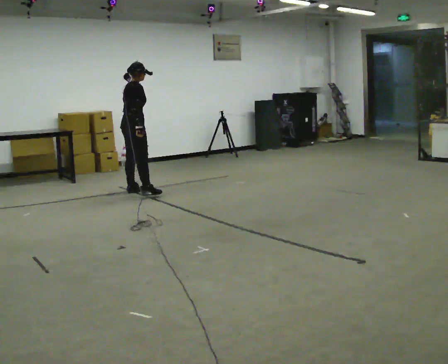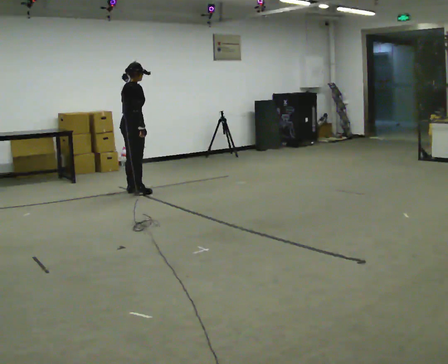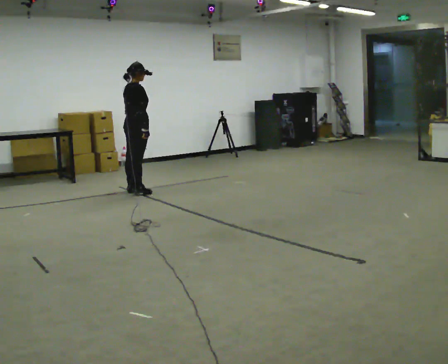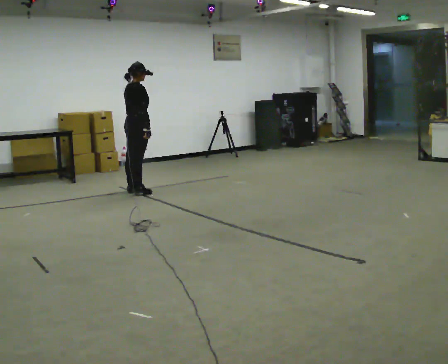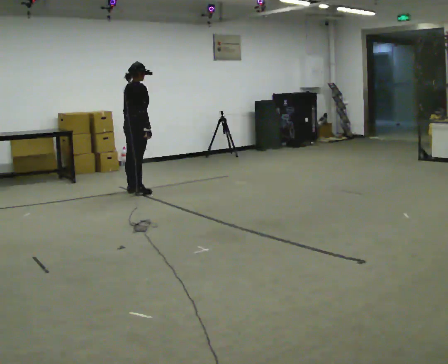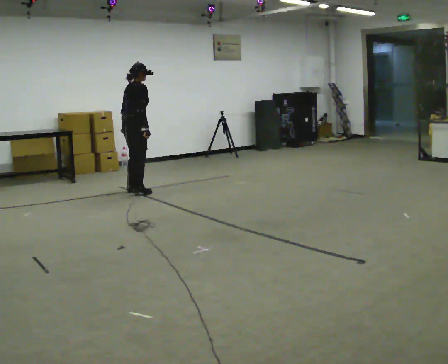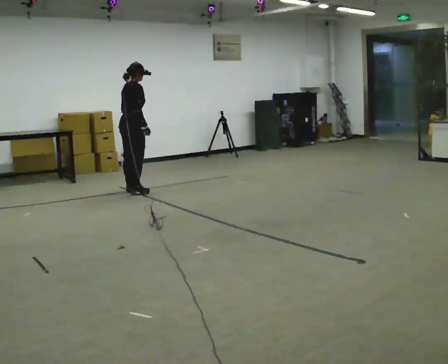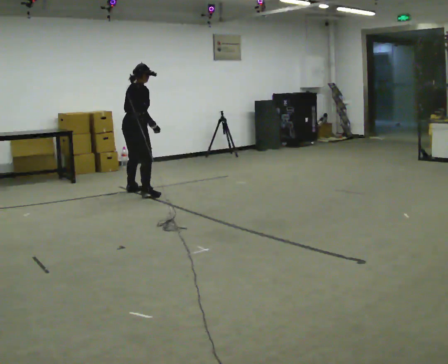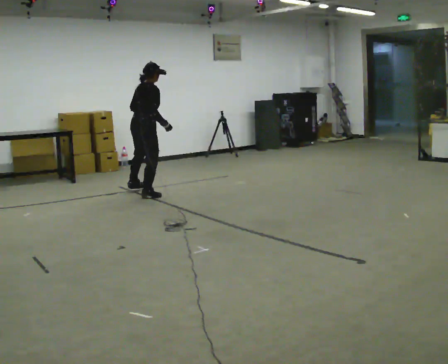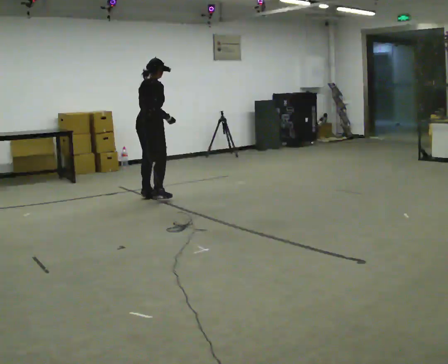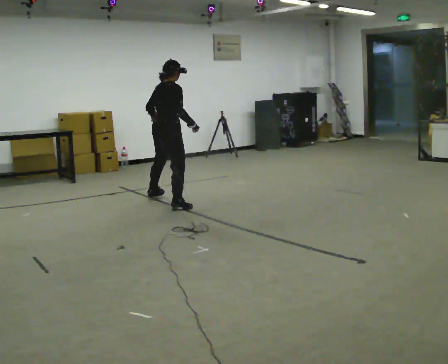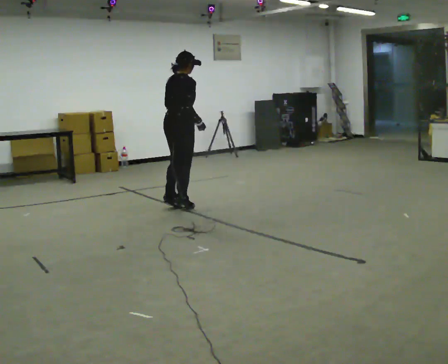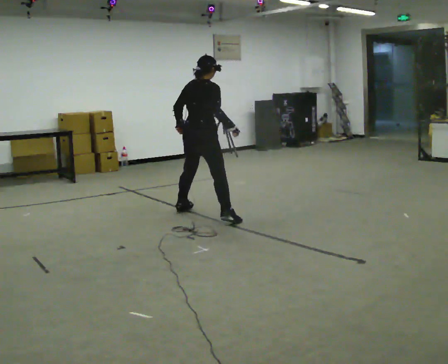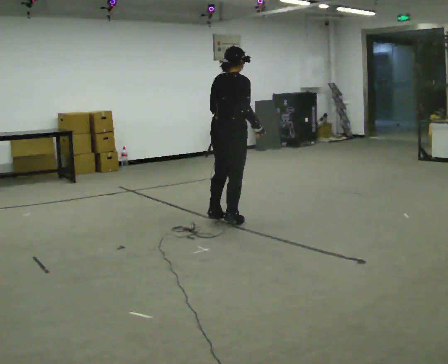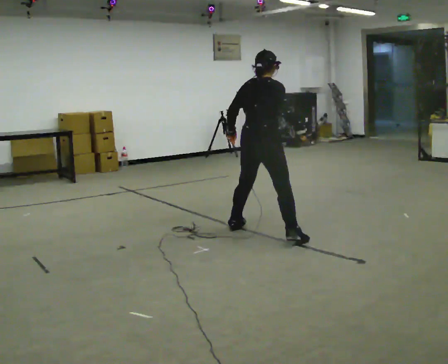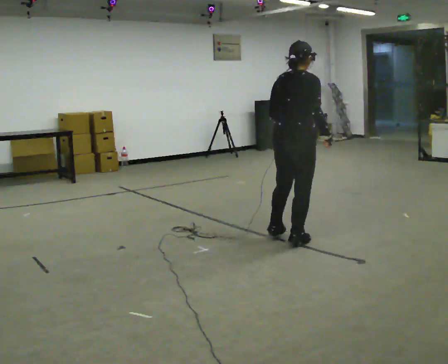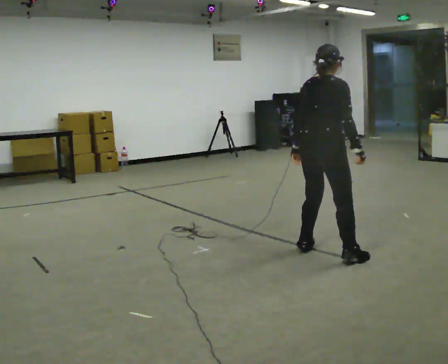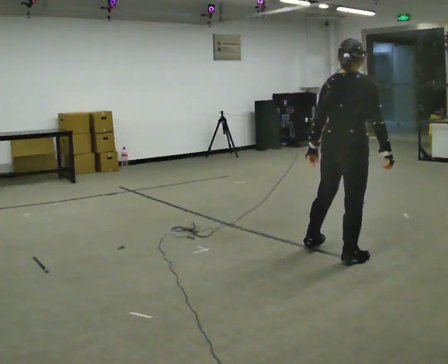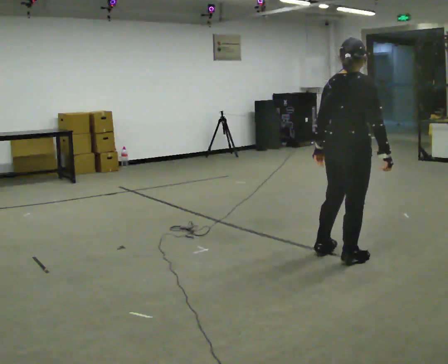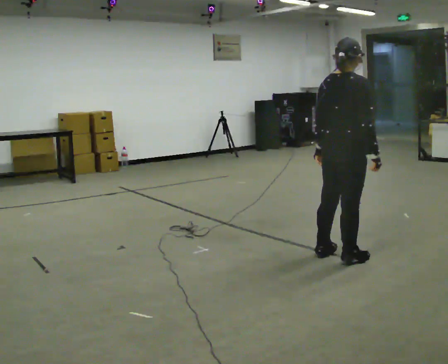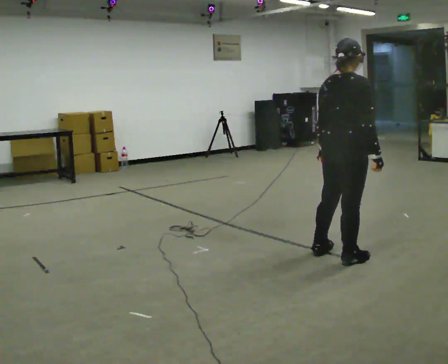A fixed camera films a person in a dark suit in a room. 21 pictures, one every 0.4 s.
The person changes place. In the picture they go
toward the camera.
0.0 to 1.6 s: The person moves a little, or ends about where they began.
1.6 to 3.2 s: In the picture they go toward the camera, about 0.25 m in 1 step, which for them is to their right.
3.2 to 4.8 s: In the picture they go toward the camera and to the right, about 1 m in 5 steps, which for them is to their right.
4.8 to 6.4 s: In the picture they go toward the camera and to the right, about 1.5 m in 3 steps, which for them is to their right.
6.4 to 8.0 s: In the picture they go toward the camera, about 0.25 m, which for them is to their right.
The film runs backward here.
